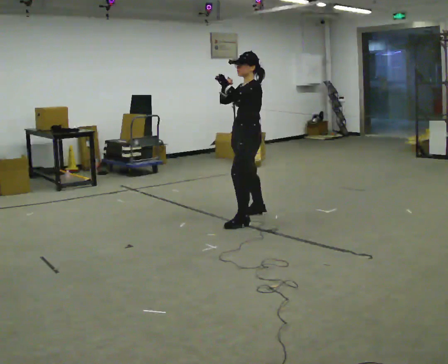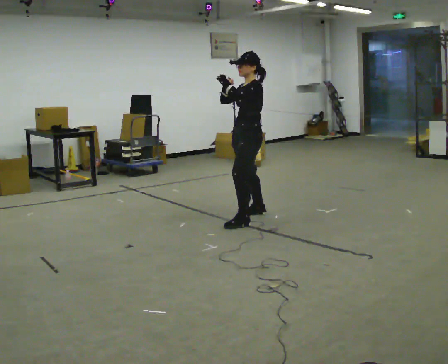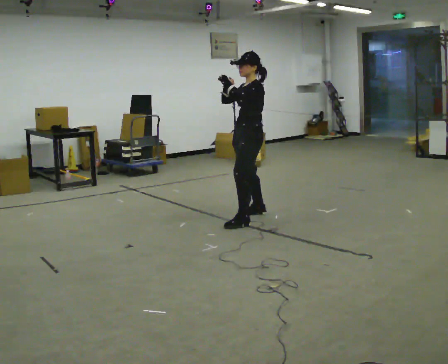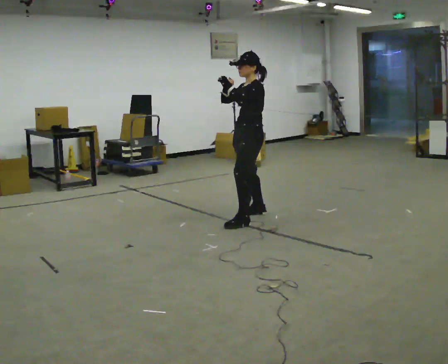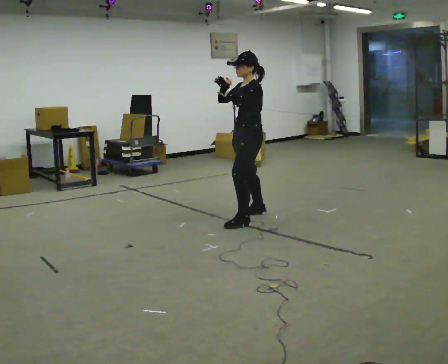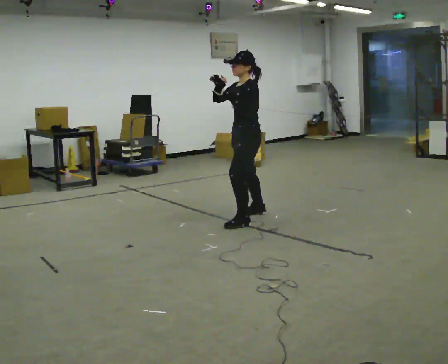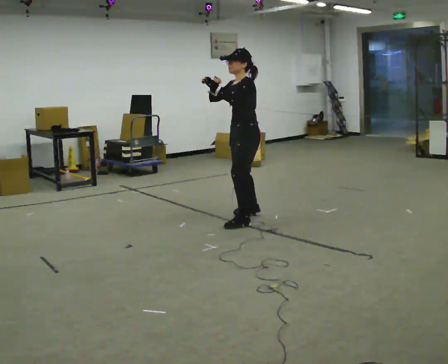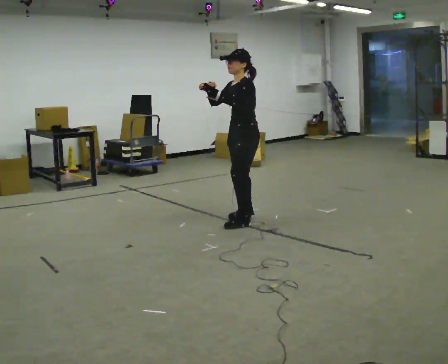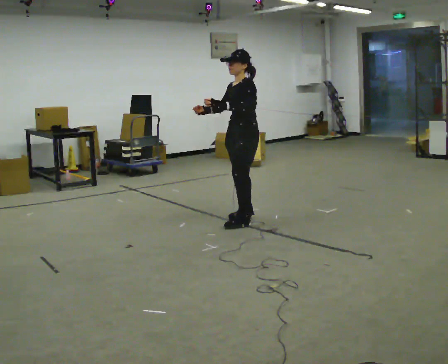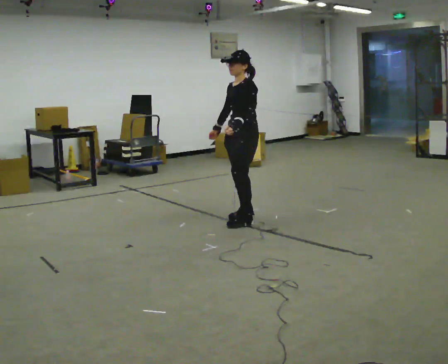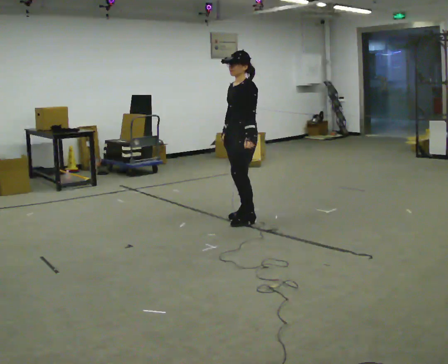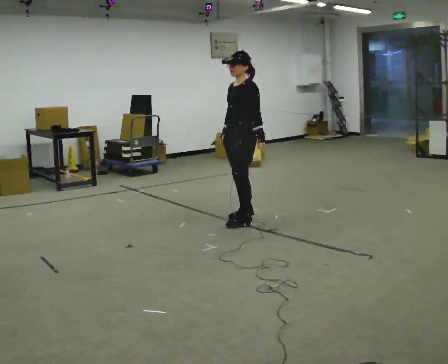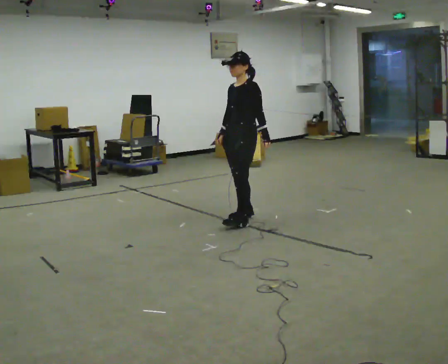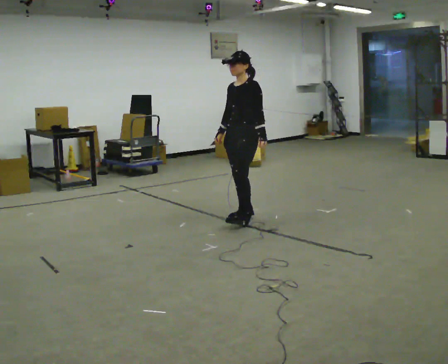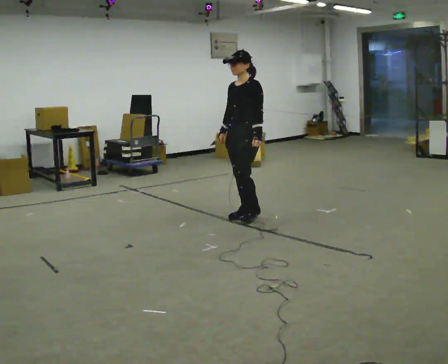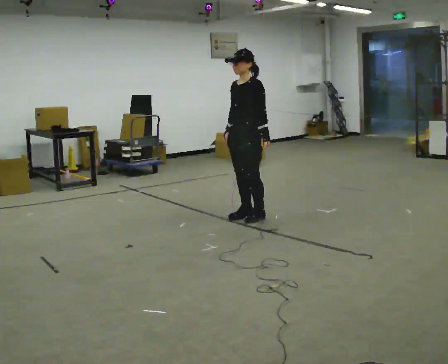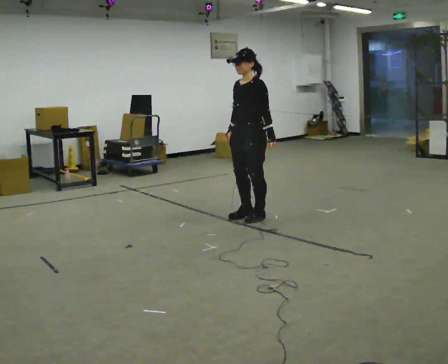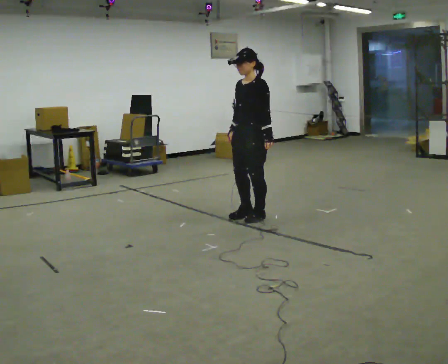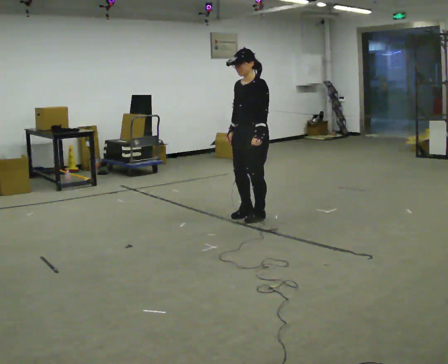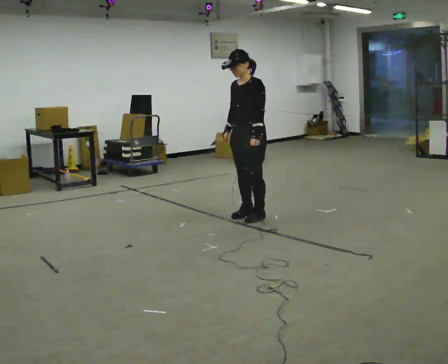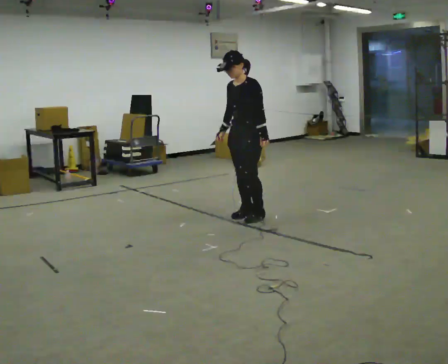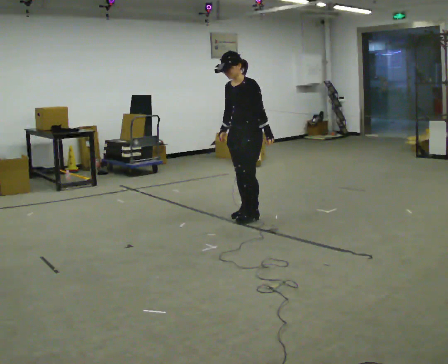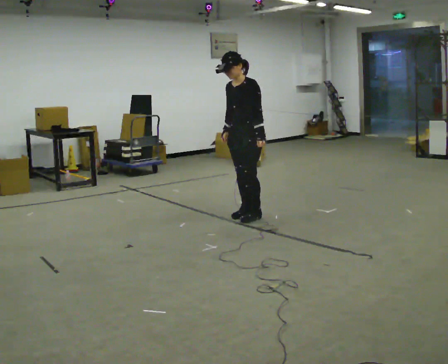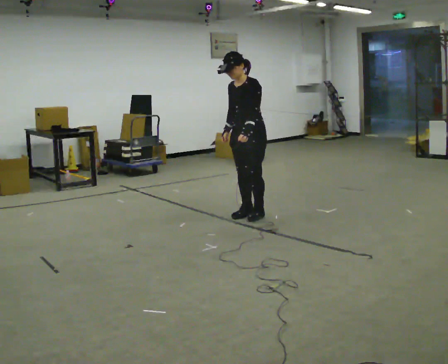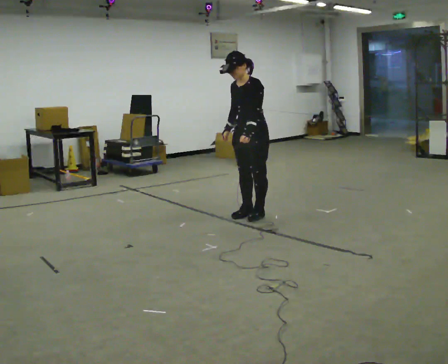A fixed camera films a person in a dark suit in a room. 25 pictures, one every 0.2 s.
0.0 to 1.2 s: The person moves a little, or ends about where they began.
1.2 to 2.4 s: In the picture they go away from the camera, about 0.25 m, which for them is to their right. In the picture their left hand goes downward and to the right.
2.4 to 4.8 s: The person moves a little, or ends about where they began.
The film runs backward here.
